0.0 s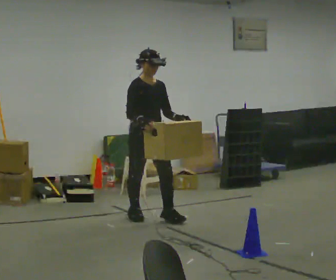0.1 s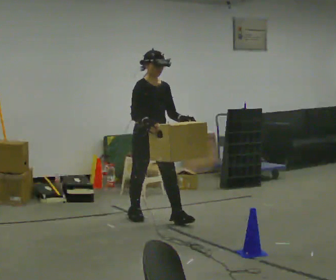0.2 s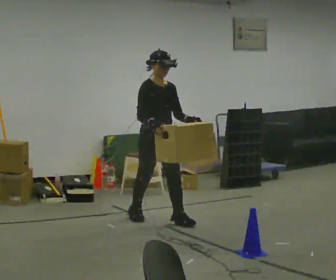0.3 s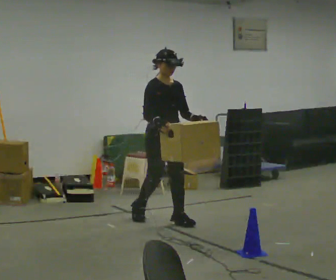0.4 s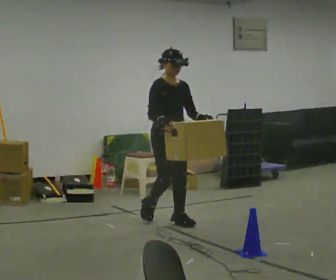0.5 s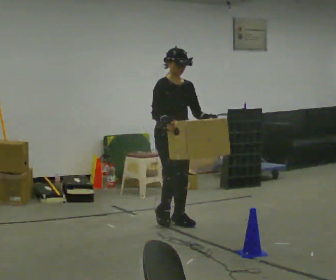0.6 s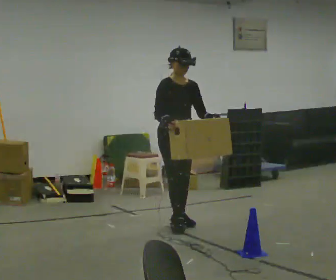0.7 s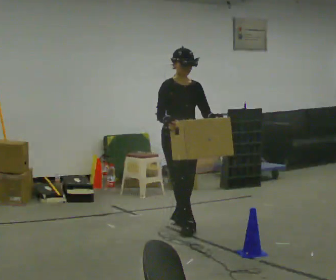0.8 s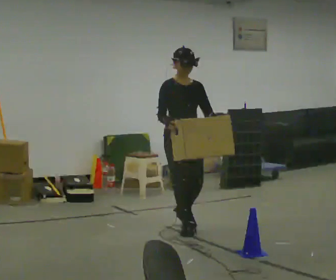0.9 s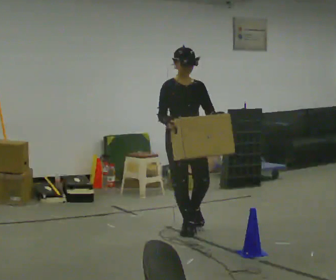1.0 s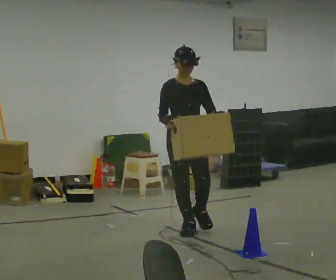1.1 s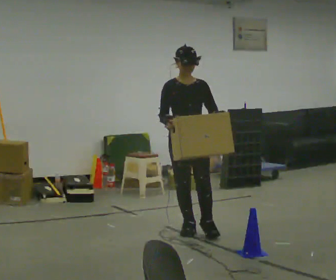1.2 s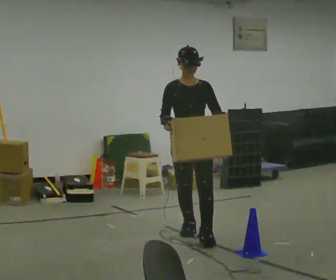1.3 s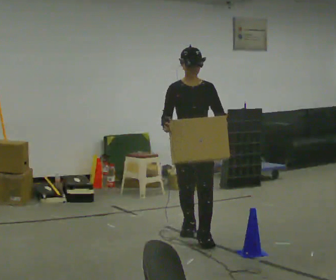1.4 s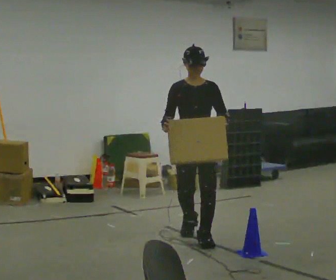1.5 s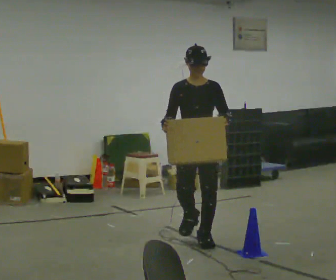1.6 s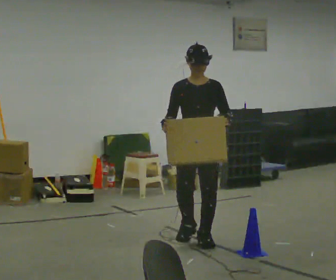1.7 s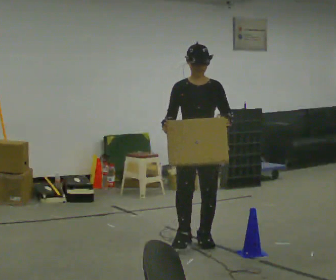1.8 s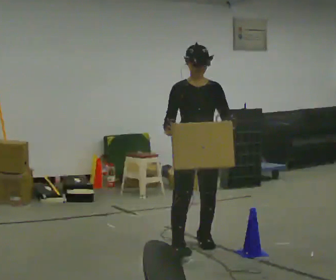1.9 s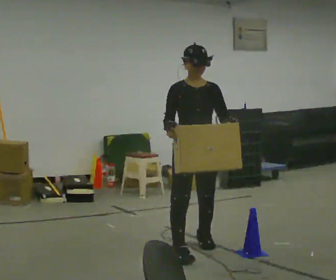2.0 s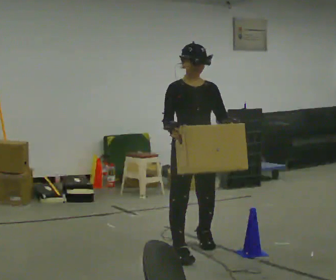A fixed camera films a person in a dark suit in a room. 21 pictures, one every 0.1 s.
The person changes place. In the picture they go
toward the camera.
0.0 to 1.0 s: The part of the body nearest the lens slides to the left as the person turns to their right by about 30 degrees. In the picture they go toward the camera and to the right, about 0.5 m in 2 steps, which for them is forward.
1.0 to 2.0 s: In the picture they go toward the camera, about 0.75 m in 2 steps, which for them is forward.
The film runs forward here.
